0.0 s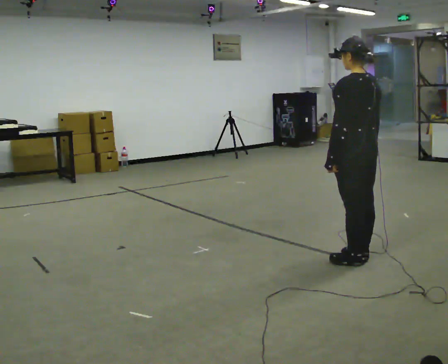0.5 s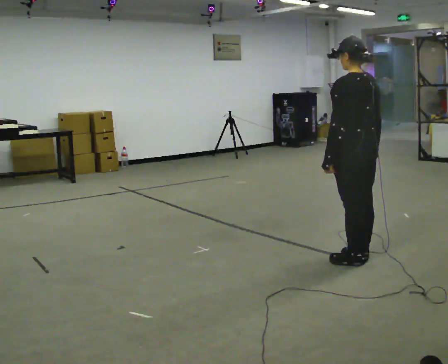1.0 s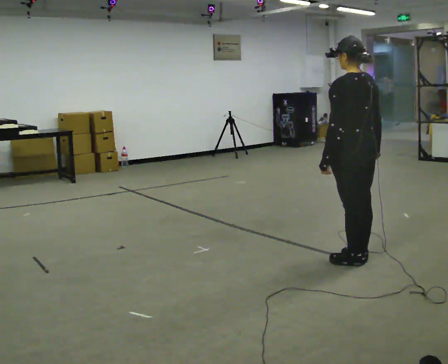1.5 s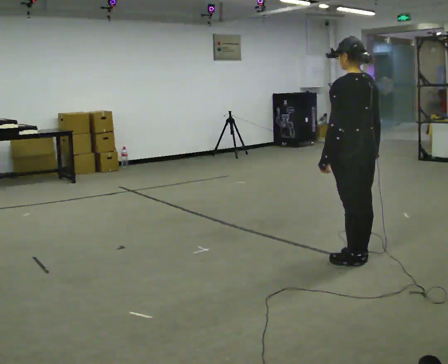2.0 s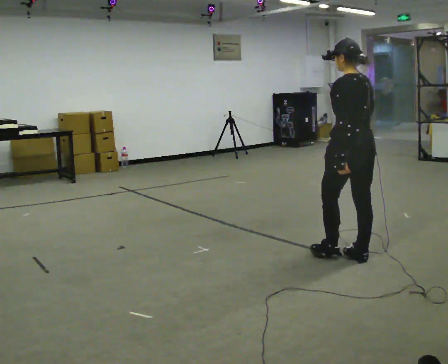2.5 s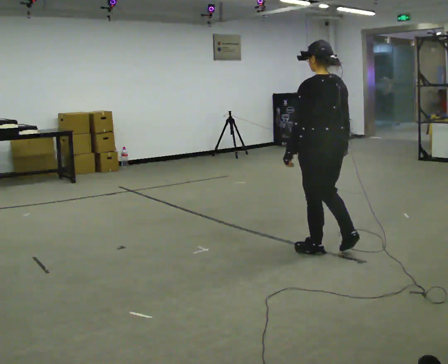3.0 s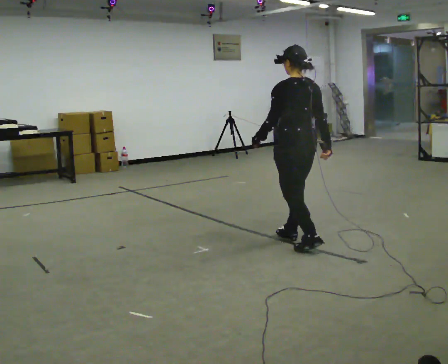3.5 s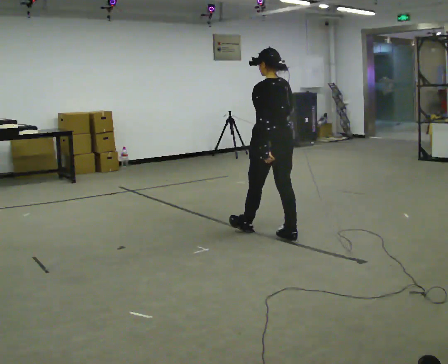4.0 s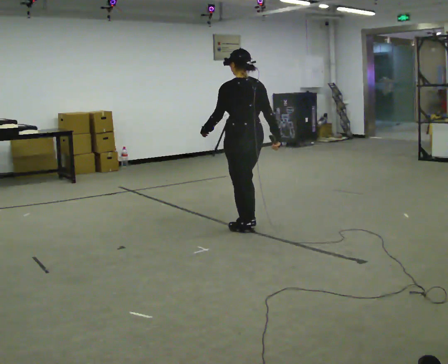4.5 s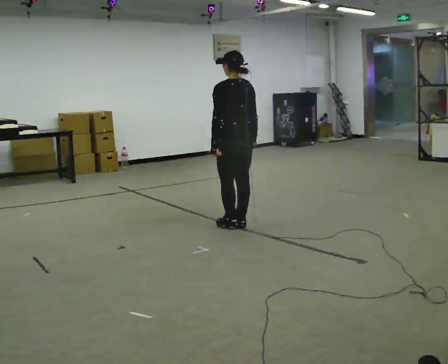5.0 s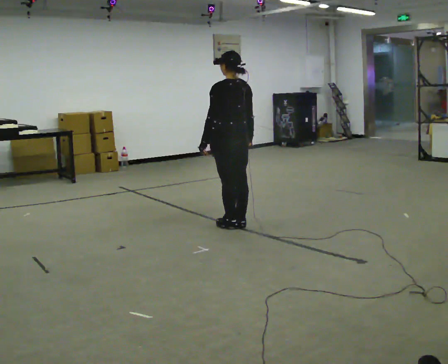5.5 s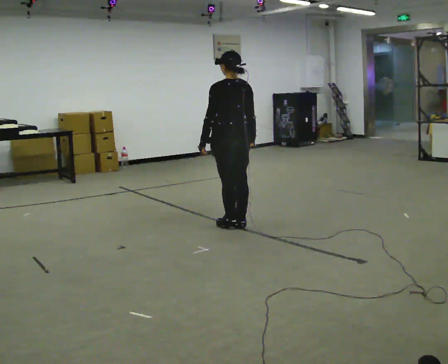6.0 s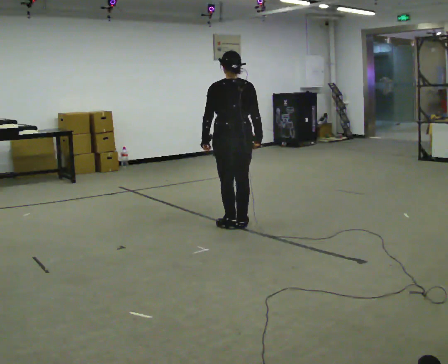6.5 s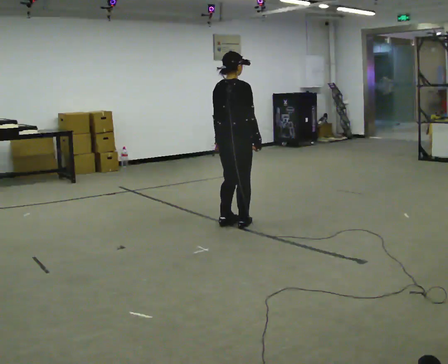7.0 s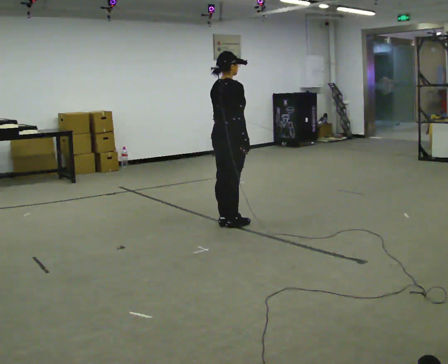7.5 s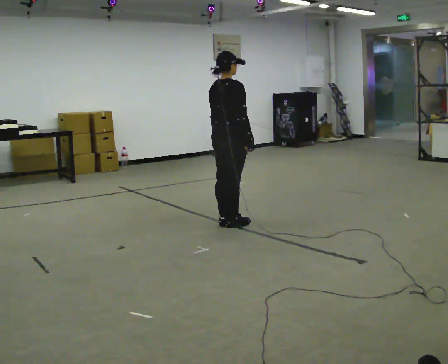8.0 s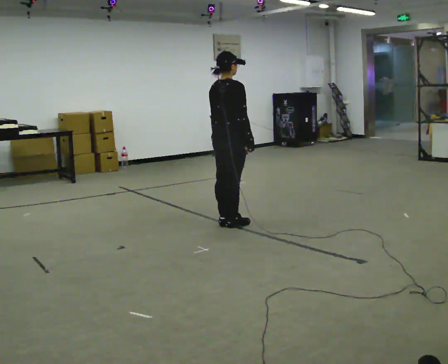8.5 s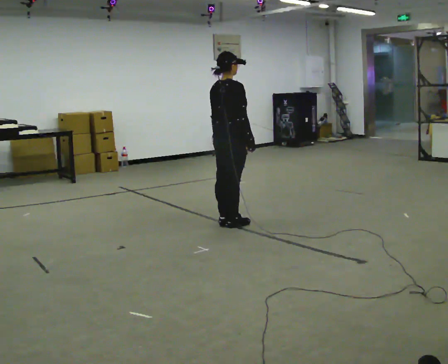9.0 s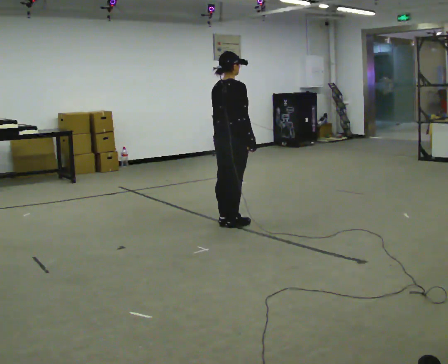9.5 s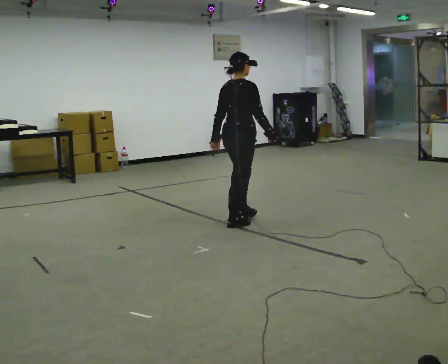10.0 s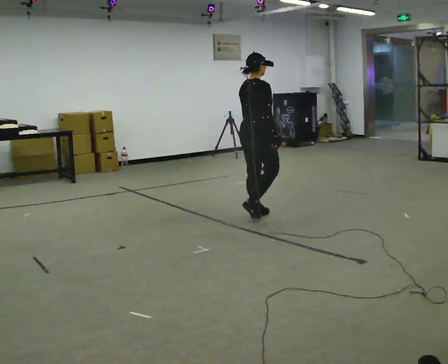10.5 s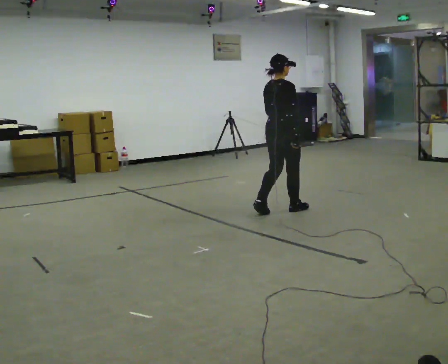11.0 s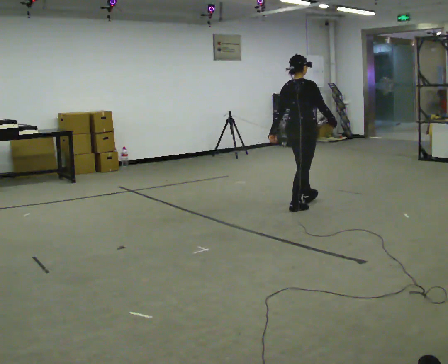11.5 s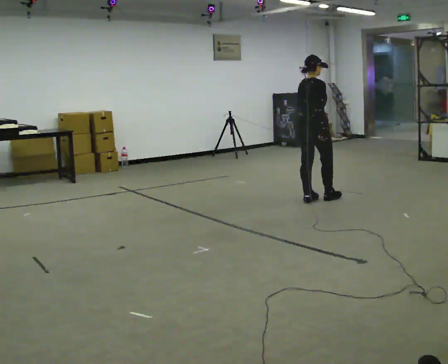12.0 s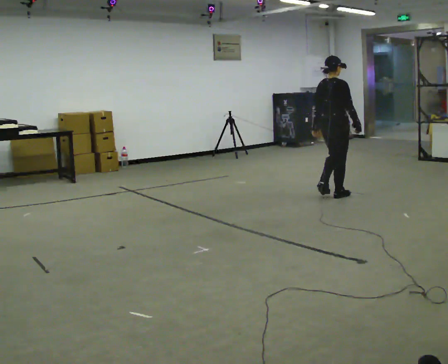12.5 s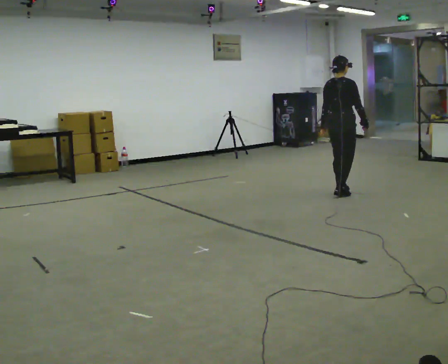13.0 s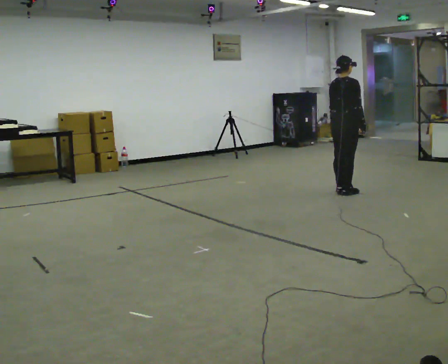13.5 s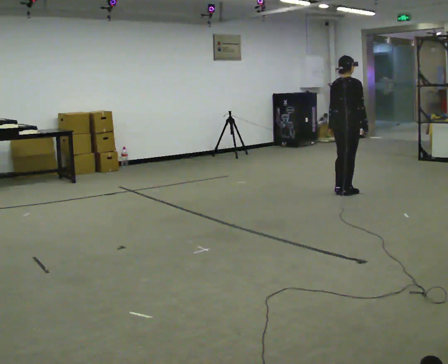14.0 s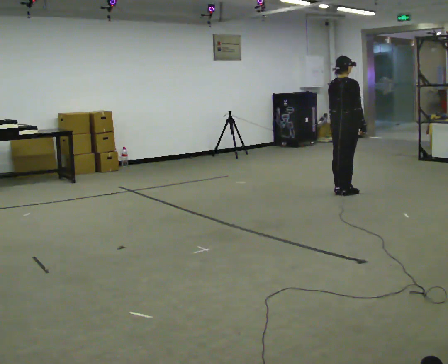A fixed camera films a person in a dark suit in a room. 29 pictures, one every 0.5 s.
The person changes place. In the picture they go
away from the camera.
0.0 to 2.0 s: The person moves a little, or ends about where they began.
2.0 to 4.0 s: In the picture they go away from the camera and to the left, about 1 m in 3 steps, which for them is forward.
4.0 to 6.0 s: Seen from above the body turns clockwise, about 30 degrees: to their right, with its near side sliding to the left. In the picture they go away from the camera, about 0.25 m in 2 steps, which for them is forward.
6.0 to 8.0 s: Seen from above the body turns clockwise, about 60 degrees: to their right, with its near side sliding to the left.
8.0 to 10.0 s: In the picture they go to the right and away from the camera, about 0.25 m in 1 step, which for them is forward.
10.0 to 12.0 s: In the picture they go to the right and away from the camera, about 1 m in 3 steps, which for them is forward.
12.0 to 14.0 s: In the picture they go to the right, about 0.25 m in 2 steps, which for them is forward.
The film runs forward here.
